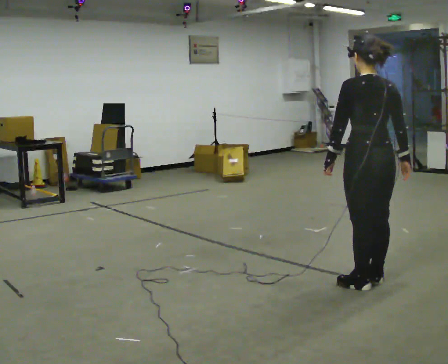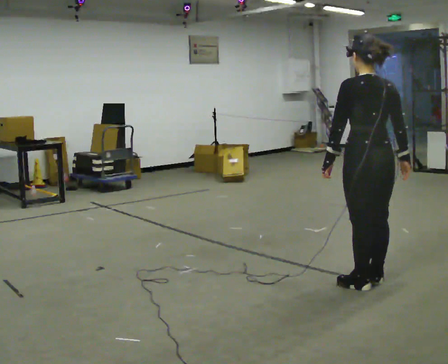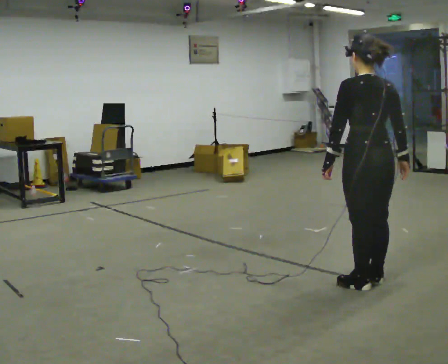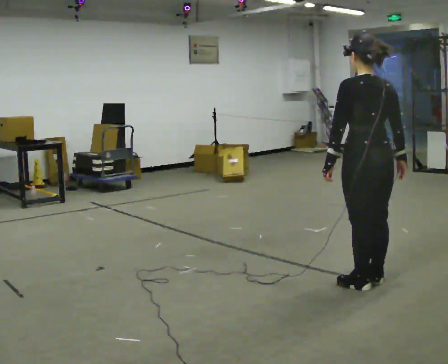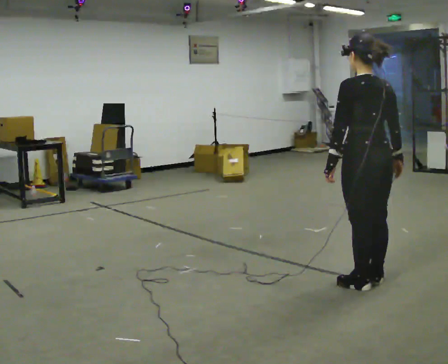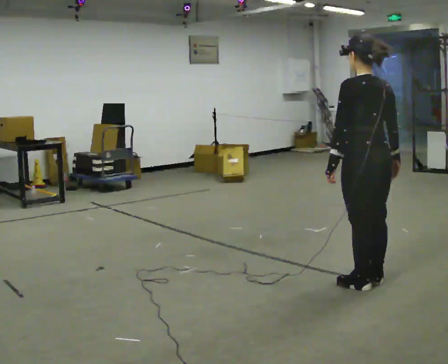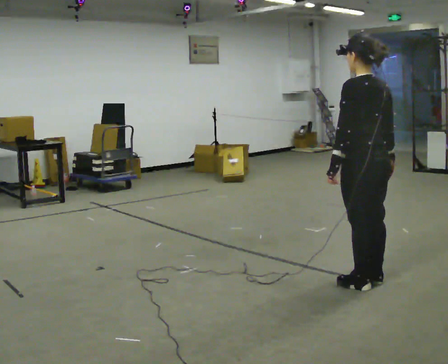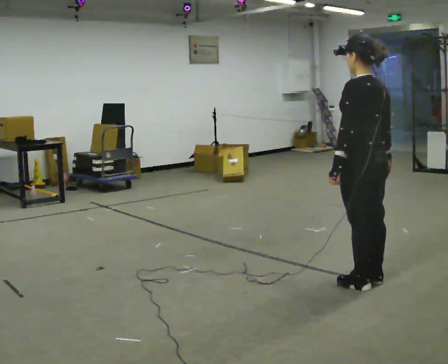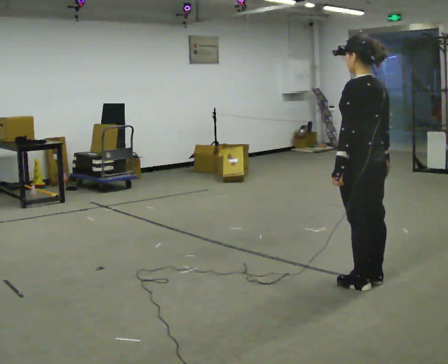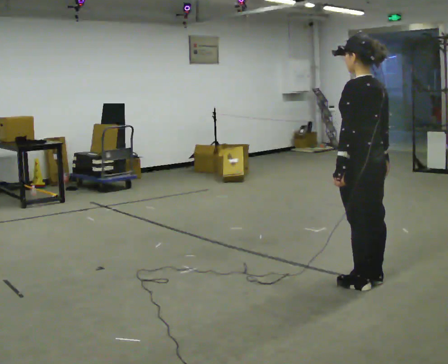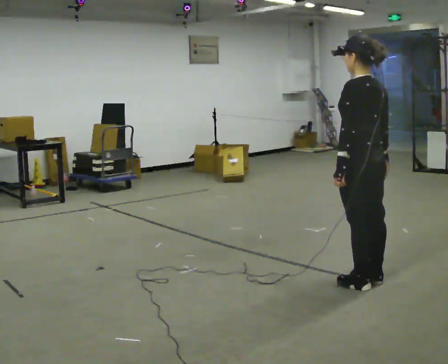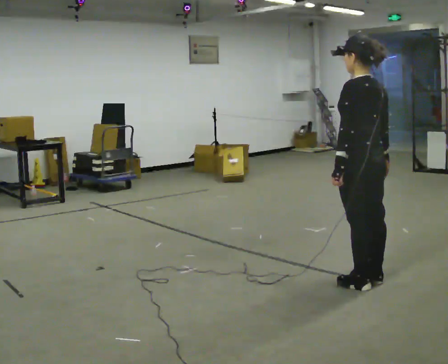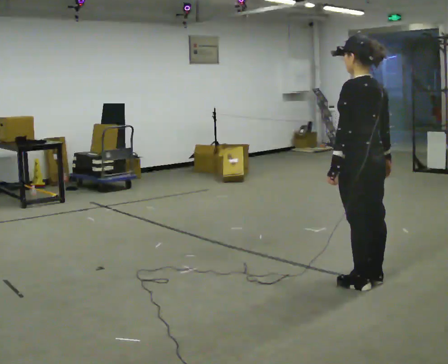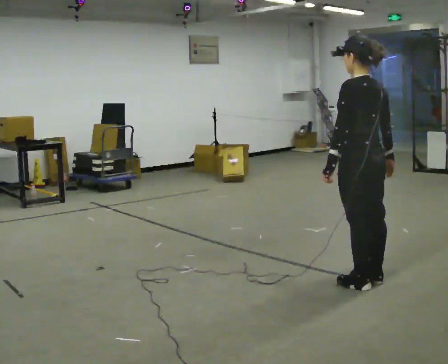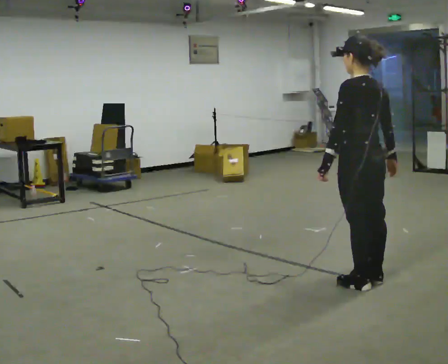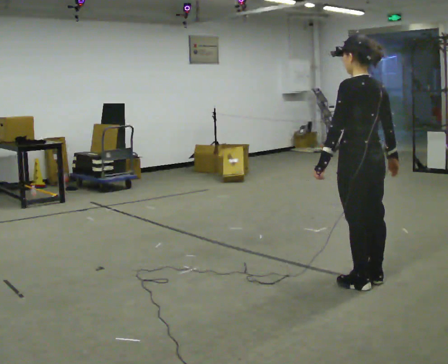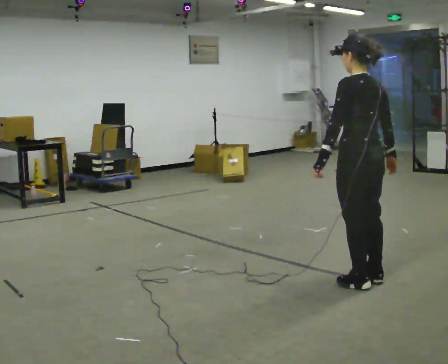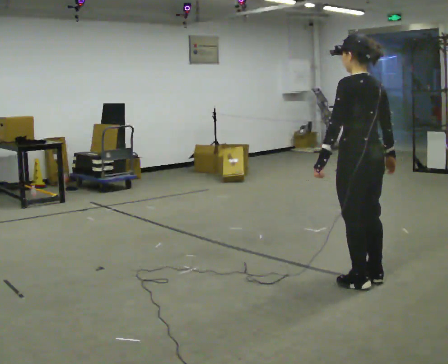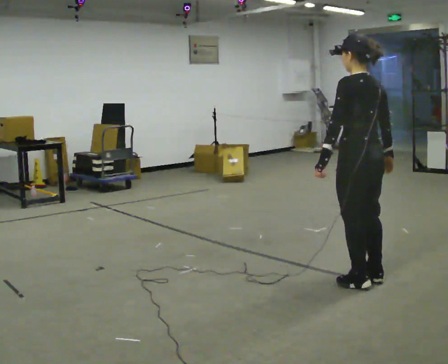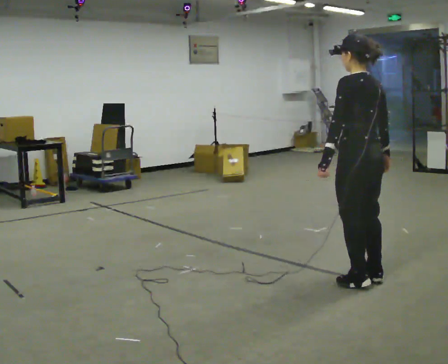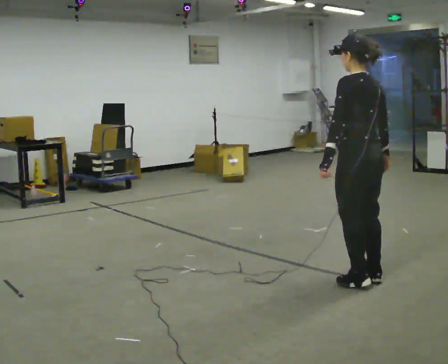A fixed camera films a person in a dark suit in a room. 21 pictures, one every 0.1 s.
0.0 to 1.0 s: The part of the body nearest the lens slides to the right as the person turns to their left by about 30 degrees.
1.0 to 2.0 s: The person moves a little, or ends about where they began.
The film runs backward here.
